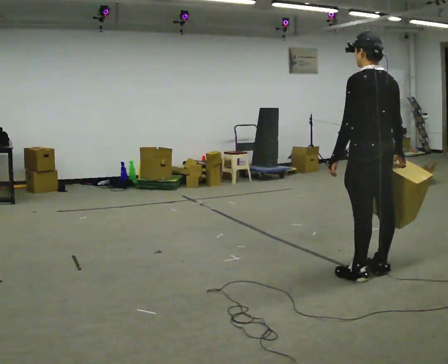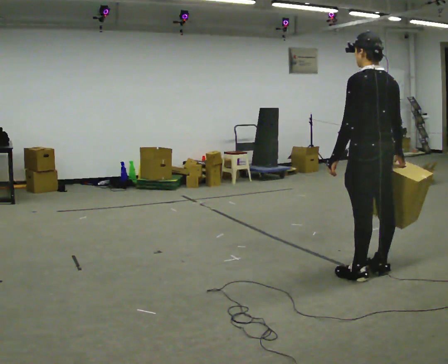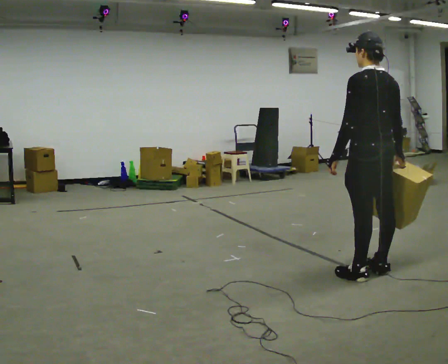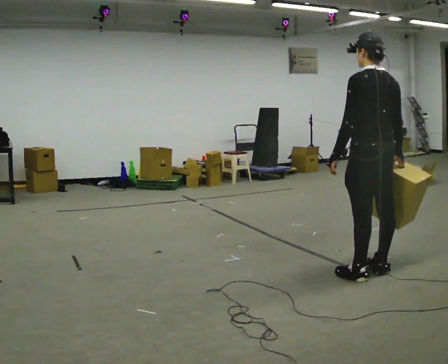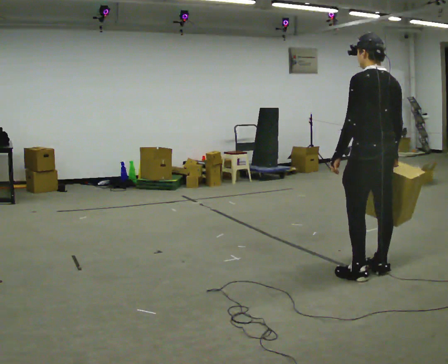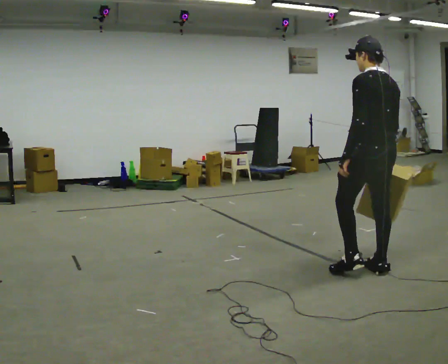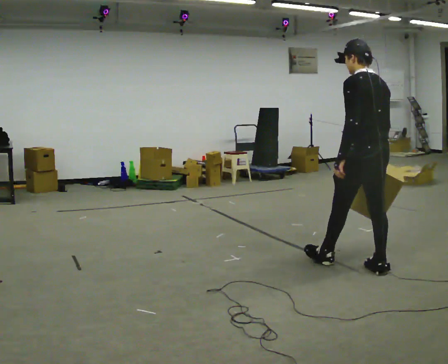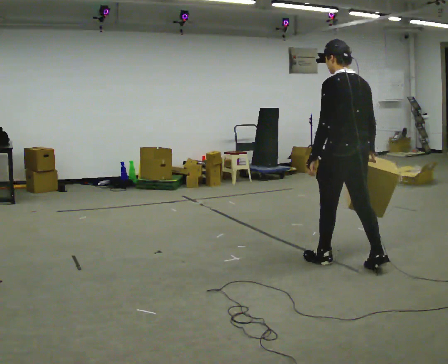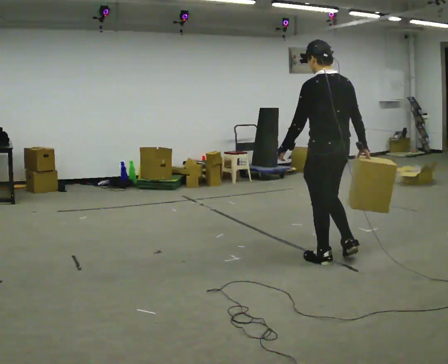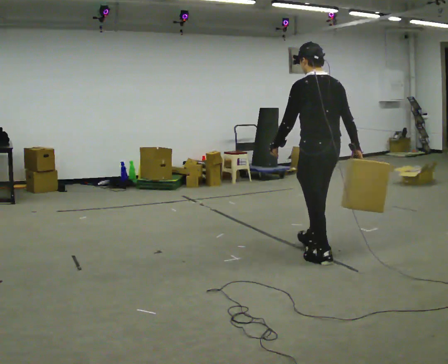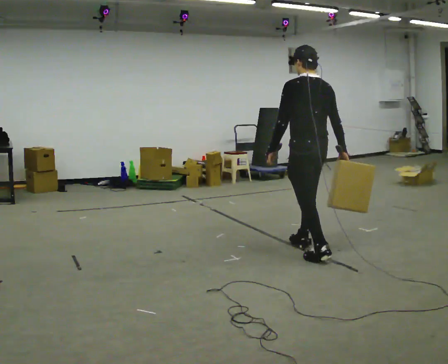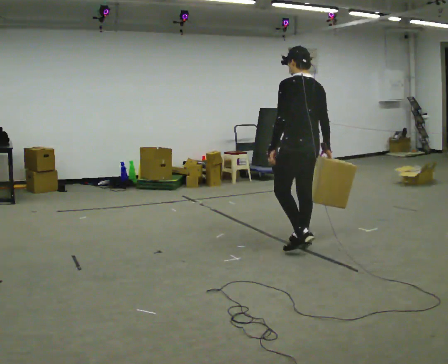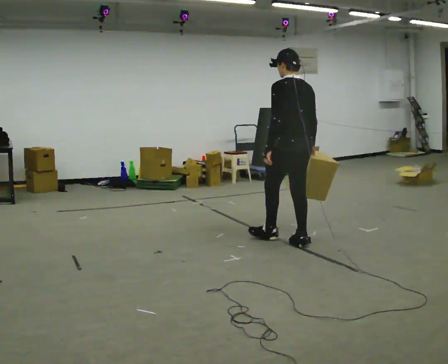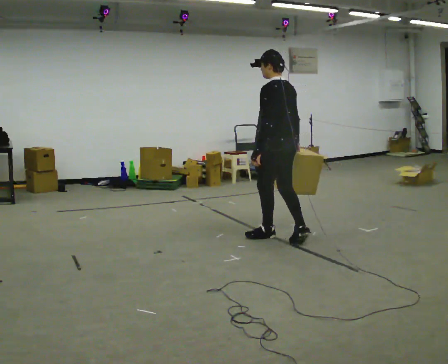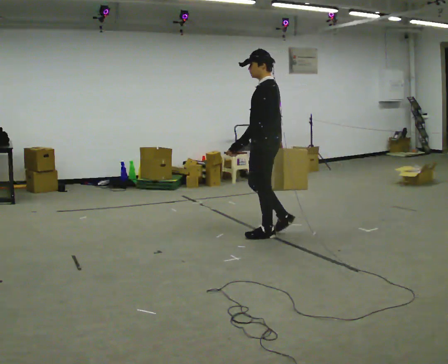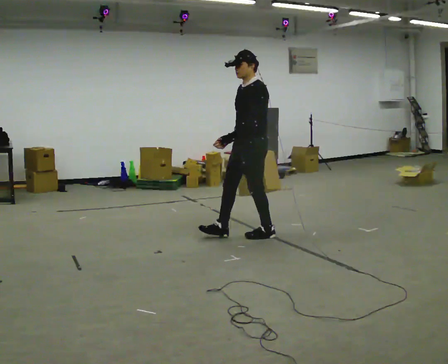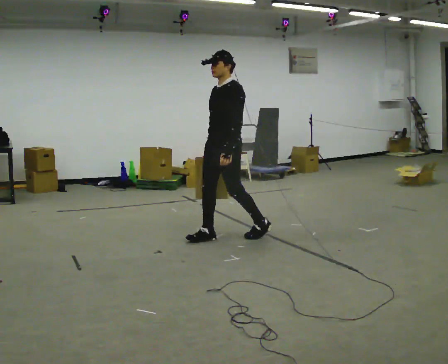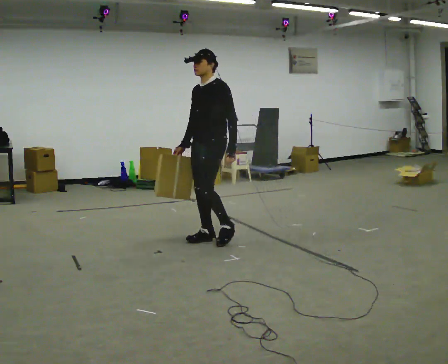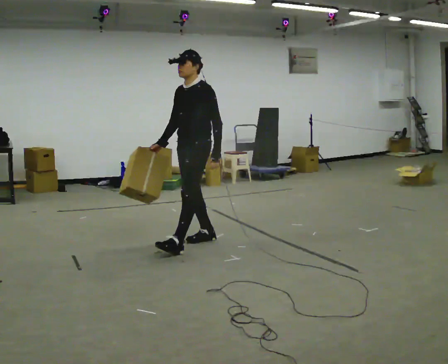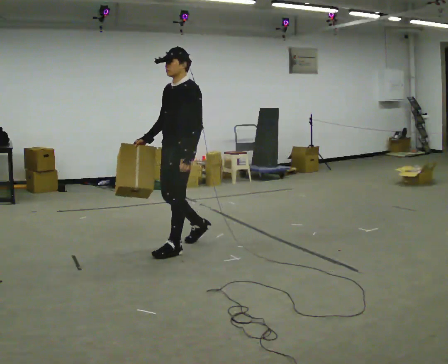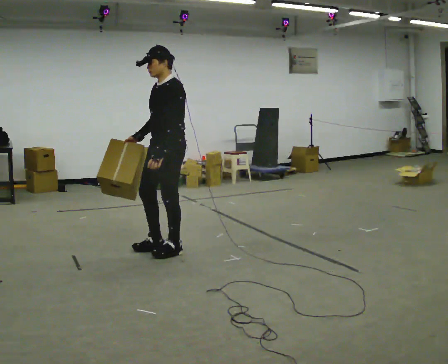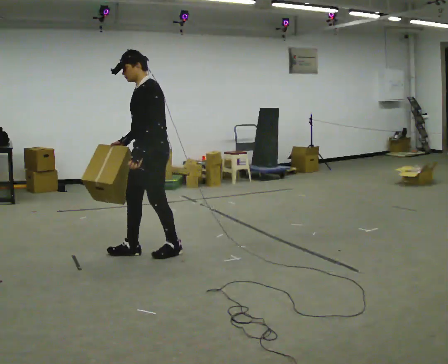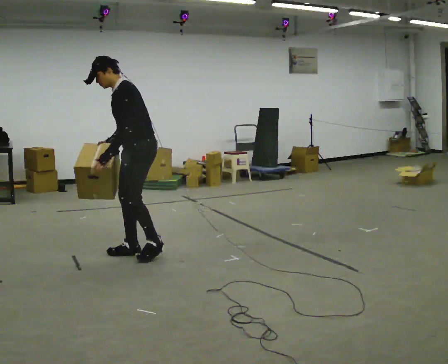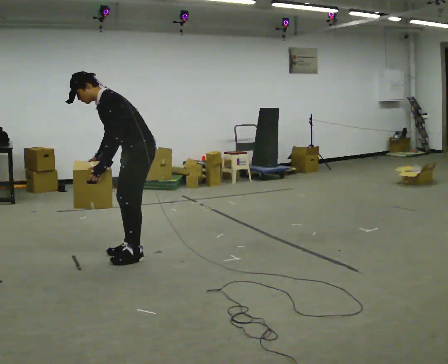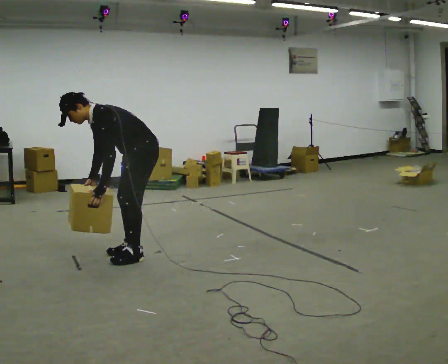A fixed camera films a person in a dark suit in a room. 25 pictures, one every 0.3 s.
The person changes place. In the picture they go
to the left.
The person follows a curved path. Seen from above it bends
counterclockwise.
0.0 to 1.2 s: The person moves a little, or ends about where they began.
1.2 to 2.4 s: In the picture they go to the left and away from the camera, about 0.5 m in 1 step, which for them is forward.
2.4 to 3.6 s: In the picture they go away from the camera and to the left, about 0.5 m in 1 step, which for them is forward.
3.6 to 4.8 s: Seen from above the body turns counterclockwise, about 90 degrees: to their left, with its near side sliding to the right. In the picture they go to the left, about 0.5 m in 2 steps.
4.8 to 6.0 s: In the picture they go toward the camera and to the left, about 0.5 m in 1 step, which for them is forward.
6.0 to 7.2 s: In the picture they go toward the camera and to the left, about 0.25 m in 2 steps, which for them is forward. The upper body goes downward. In the picture the upper body tilts counterclockwise, shoulders to the left, as they bend forward. In the picture their right hand goes downward.
The film runs forward here.
